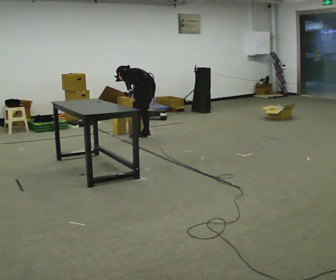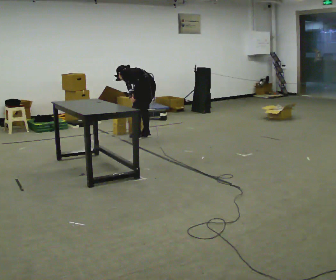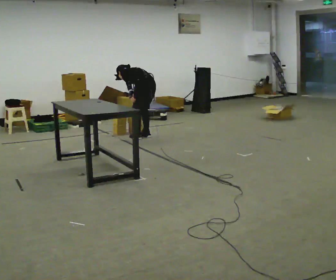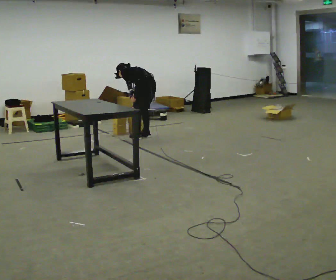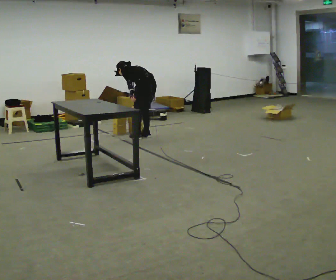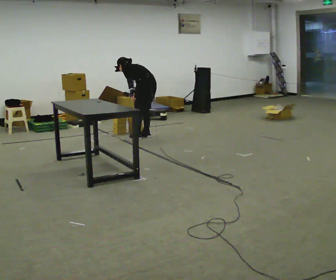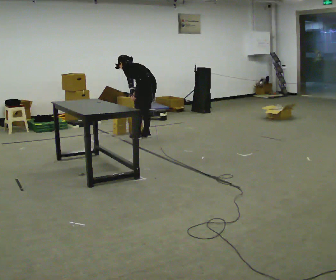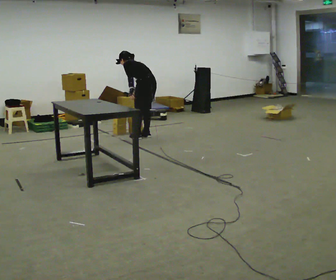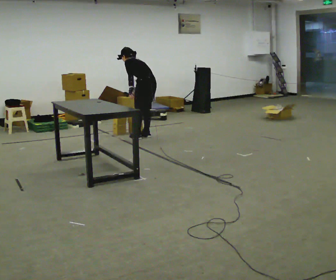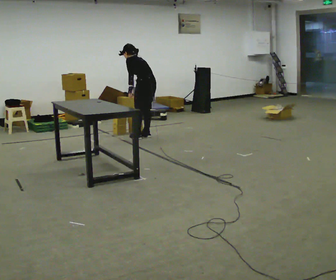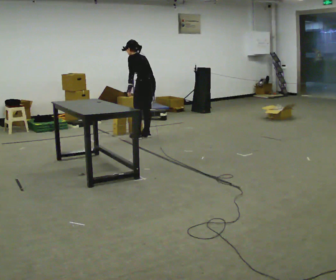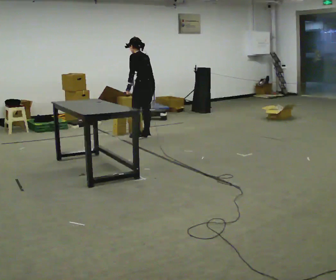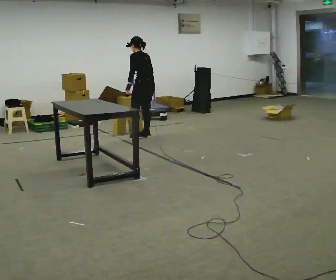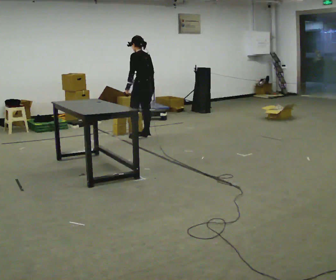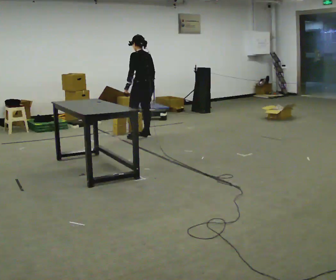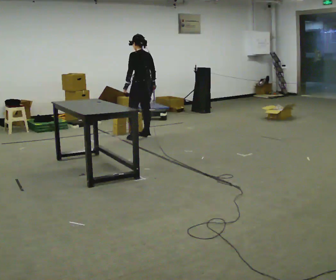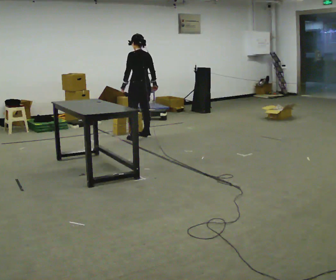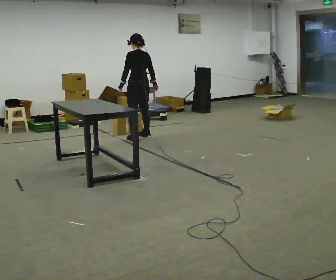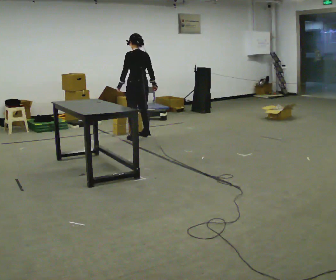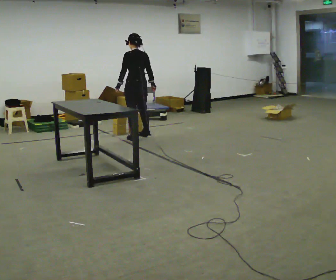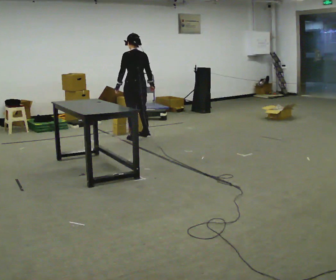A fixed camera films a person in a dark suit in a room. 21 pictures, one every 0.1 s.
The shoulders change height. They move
upward.
0.0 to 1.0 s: The shoulders move upward. The upper body tips toward the camera, its near side rolling downward, as they lean back or straighten.
1.0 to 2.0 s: In the picture they go toward the camera and to the left, about 0.25 m, which for them is to their left. In the picture the upper body tilts clockwise, shoulders to the right, as they lean back or straighten.
The film runs forward here.
